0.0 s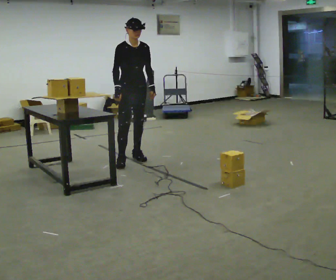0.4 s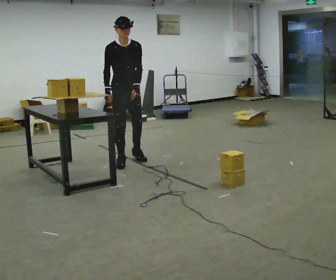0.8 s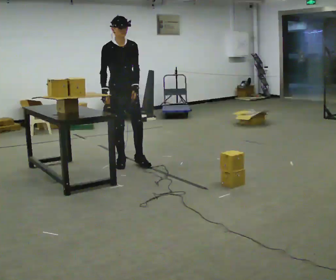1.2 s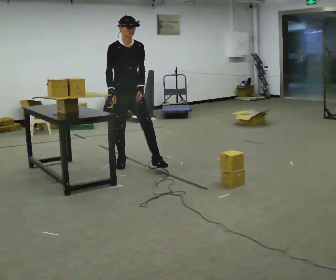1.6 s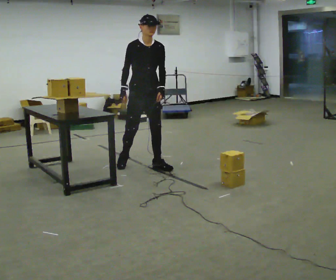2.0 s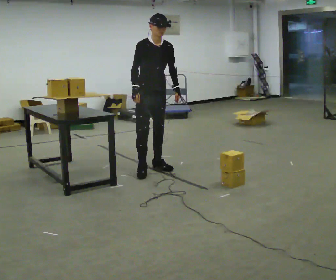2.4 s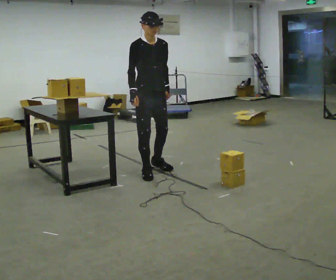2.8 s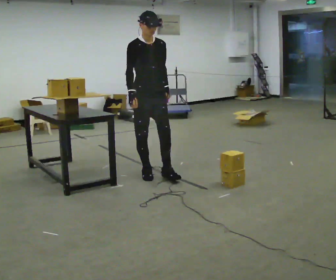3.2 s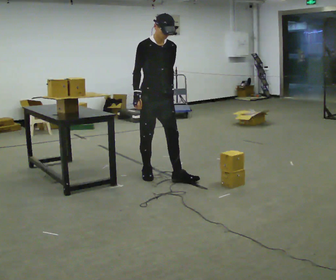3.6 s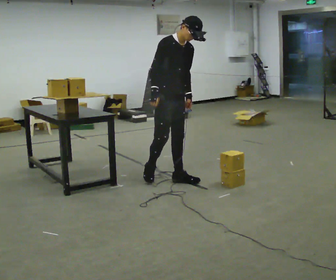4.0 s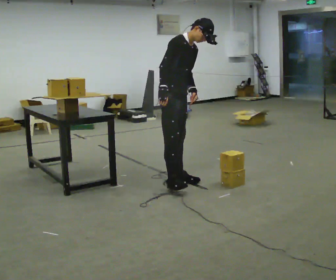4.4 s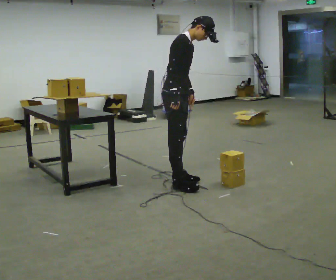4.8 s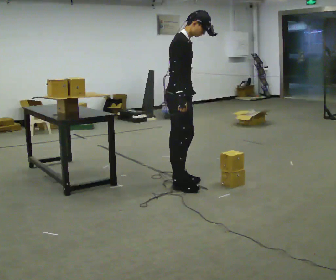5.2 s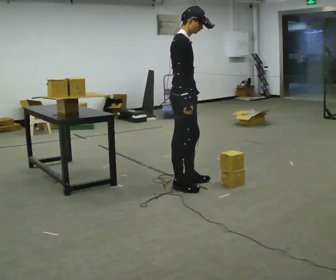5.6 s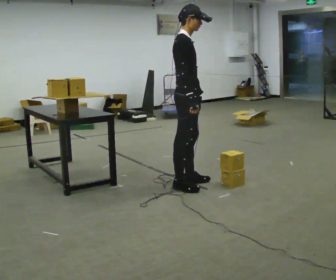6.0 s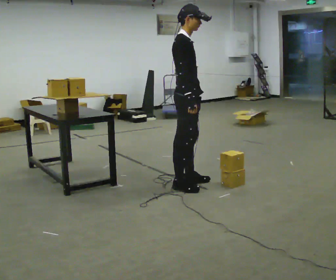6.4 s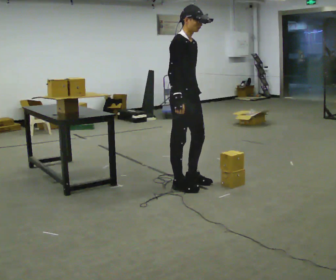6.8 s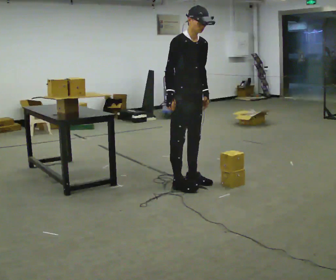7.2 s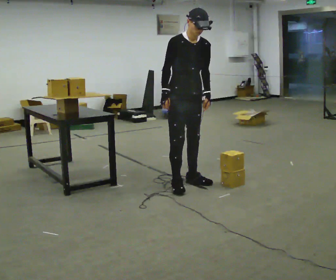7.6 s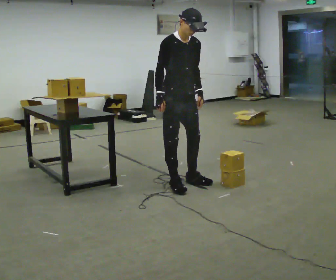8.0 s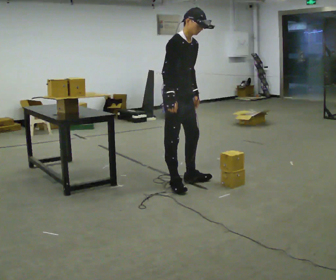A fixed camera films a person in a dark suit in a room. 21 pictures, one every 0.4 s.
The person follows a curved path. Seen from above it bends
counterclockwise.
0.0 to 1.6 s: In the picture they go toward the camera and to the right, about 0.25 m in 1 step, which for them is forward.
1.6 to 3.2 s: In the picture they go toward the camera, about 0.5 m in 2 steps, which for them is forward.
3.2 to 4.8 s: Seen from above the body turns counterclockwise, about 45 degrees: to their left, with its near side sliding to the right. In the picture they go toward the camera and to the right, about 0.5 m in 1 step, which for them is forward and to their right.
4.8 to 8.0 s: The person moves a little, or ends about where they began.
The film runs forward here.
